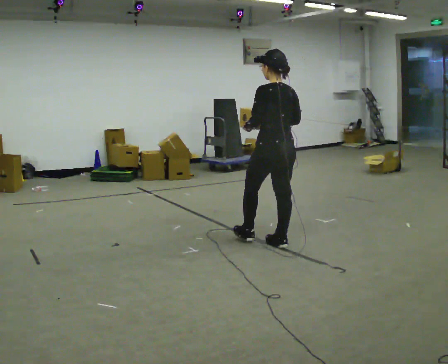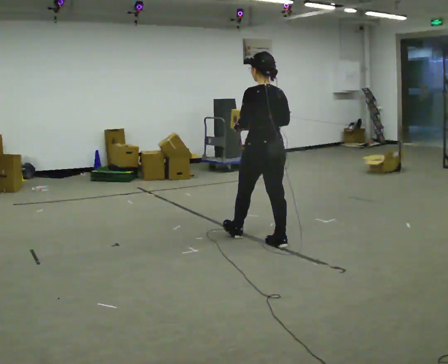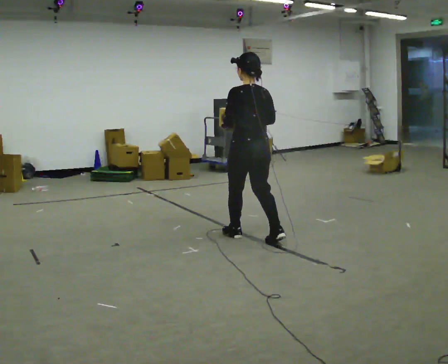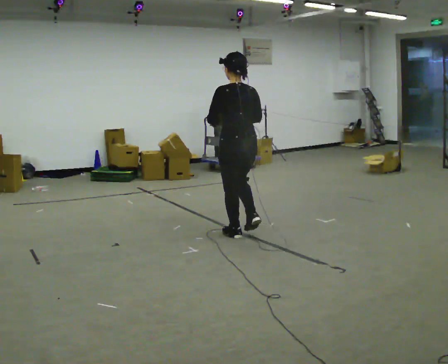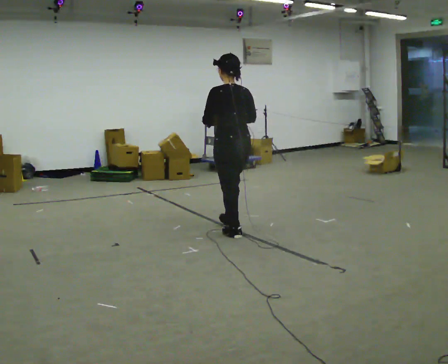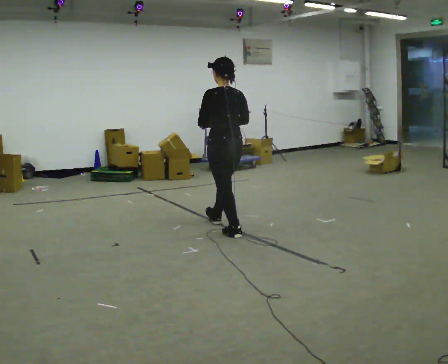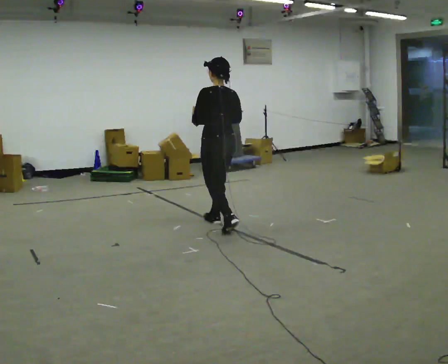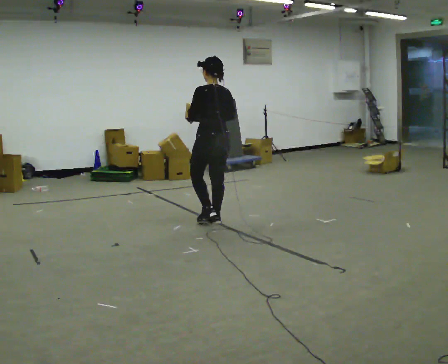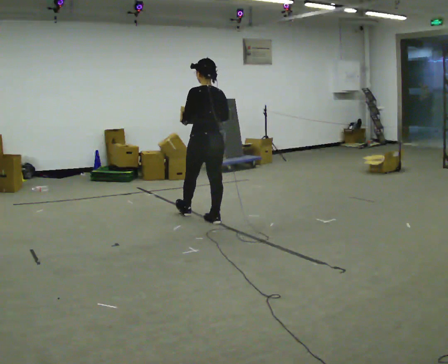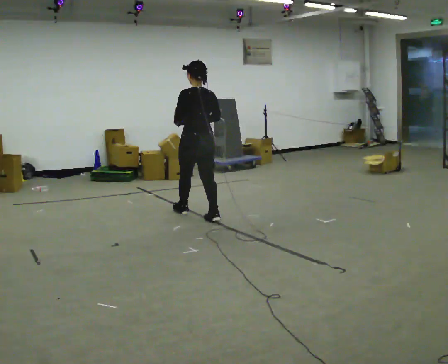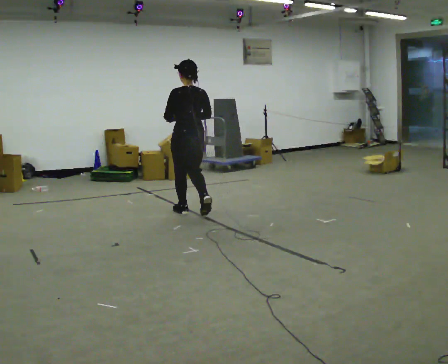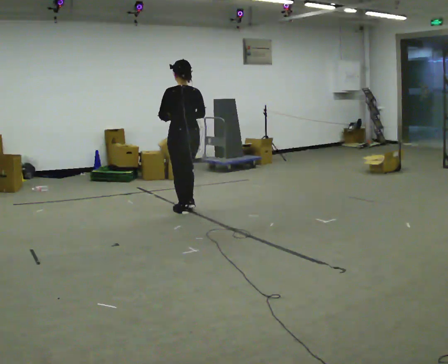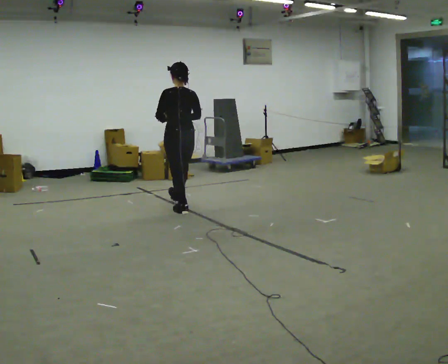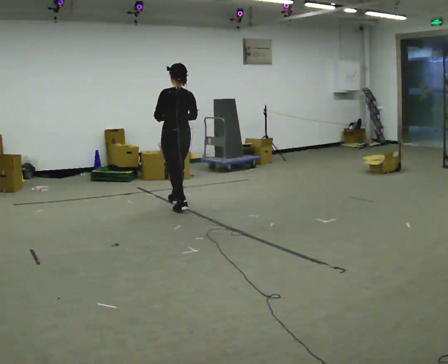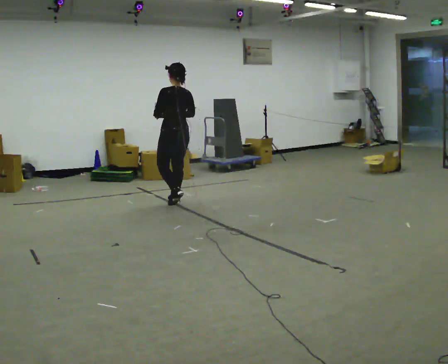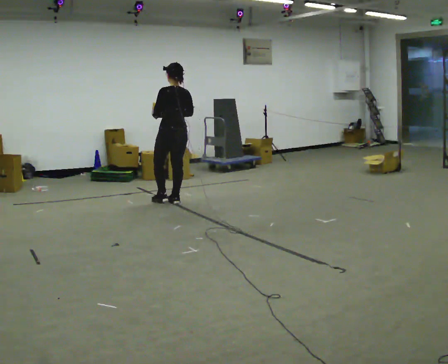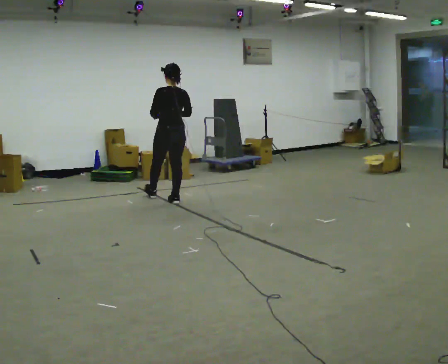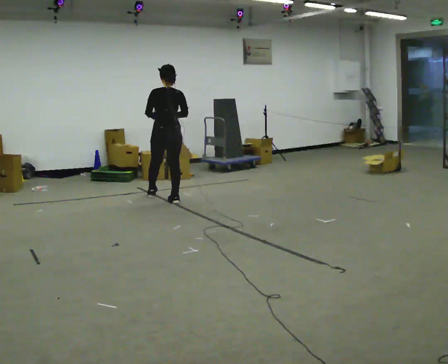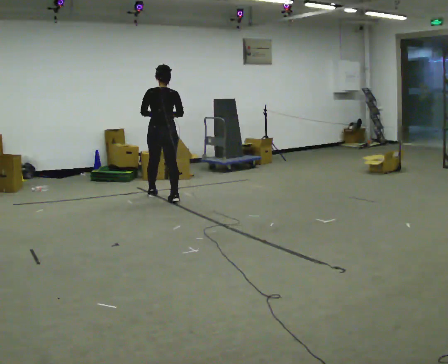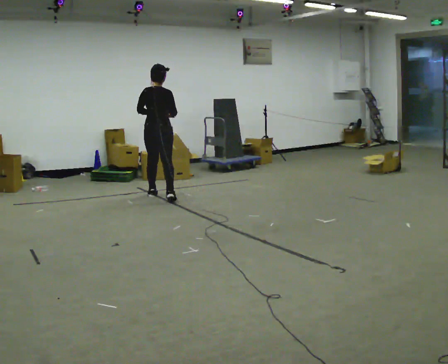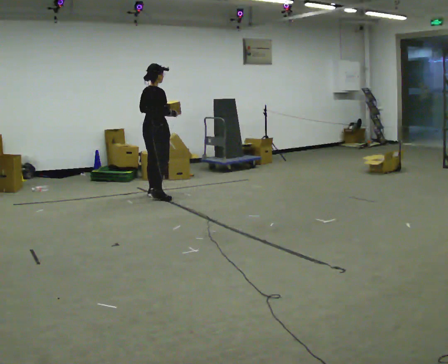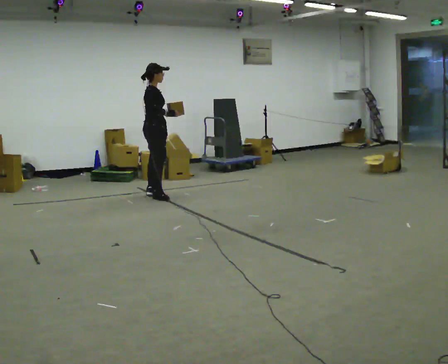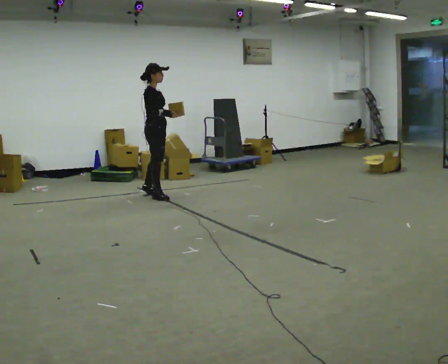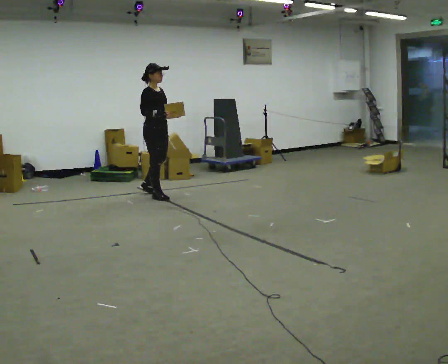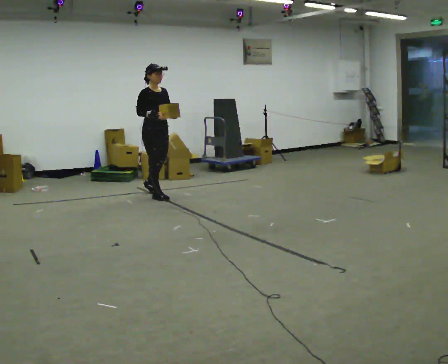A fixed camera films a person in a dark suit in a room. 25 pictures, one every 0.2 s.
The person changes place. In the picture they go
away from the camera.
0.0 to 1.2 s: In the picture they go away from the camera and to the left, about 1 m in 1 step, which for them is forward.
1.2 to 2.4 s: In the picture they go away from the camera and to the left, about 1 m in 2 steps, which for them is forward.
2.4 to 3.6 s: The person turns about 45 degrees to their right, clockwise seen from above, so the part of the body nearest the lens slides to the left. In the picture they go away from the camera and to the left, about 0.5 m in 1 step, which for them is forward.
3.6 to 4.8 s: Seen from above the body turns clockwise, about 135 degrees: to their right, with its near side sliding to the left.
The film runs forward here.
